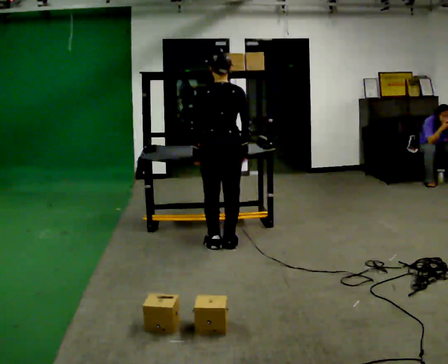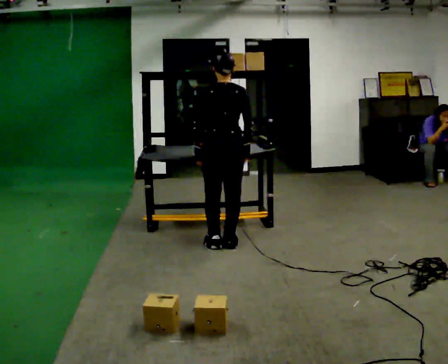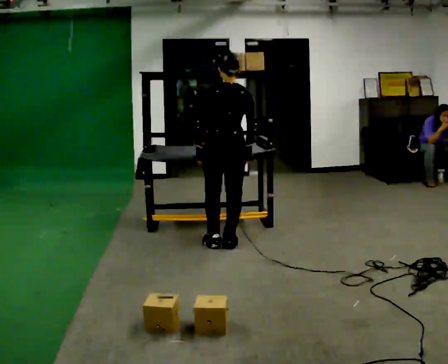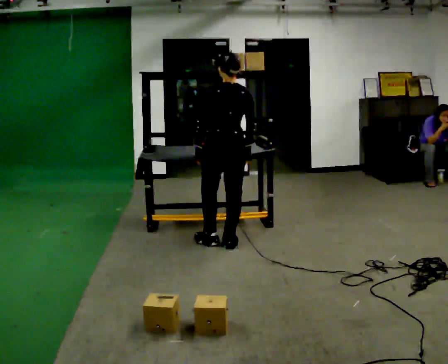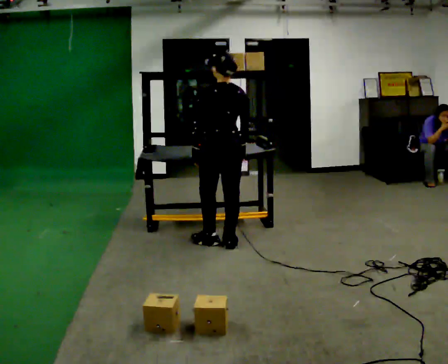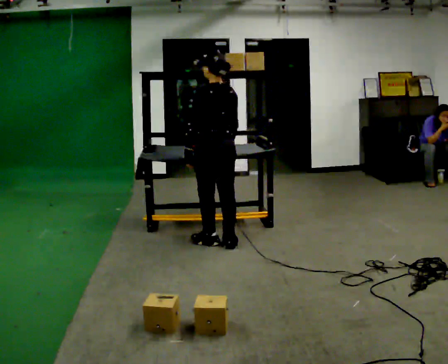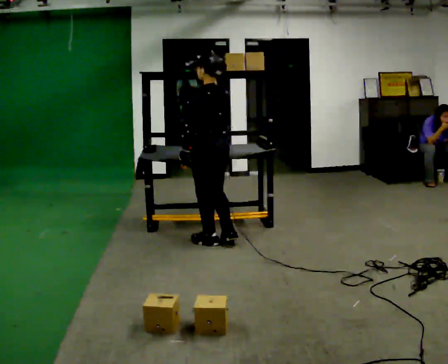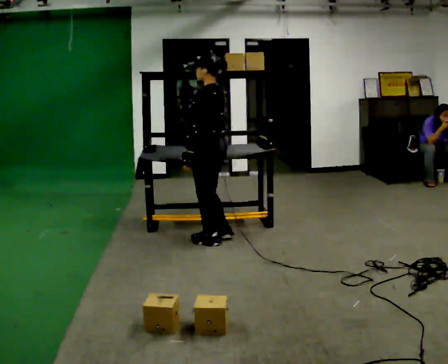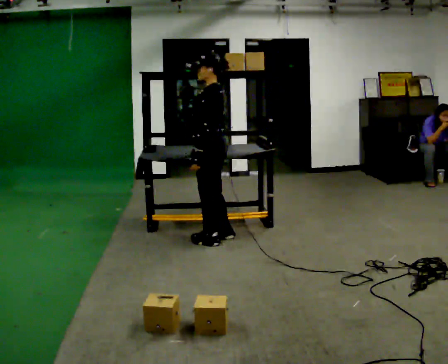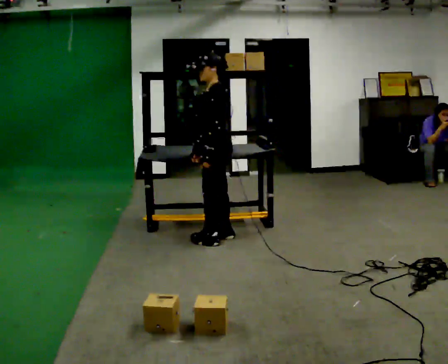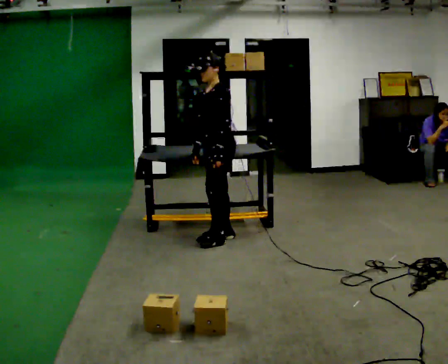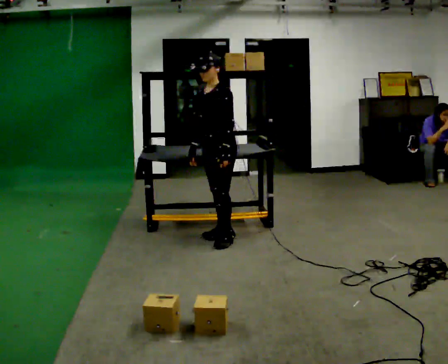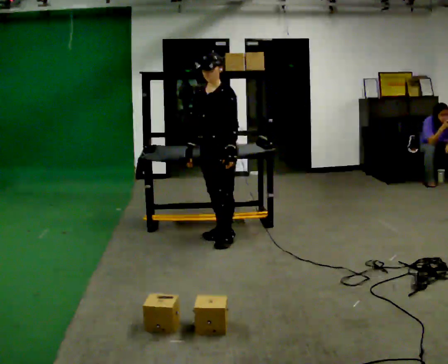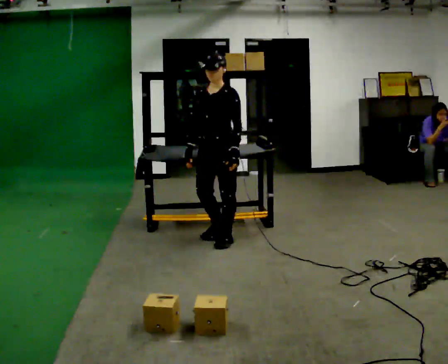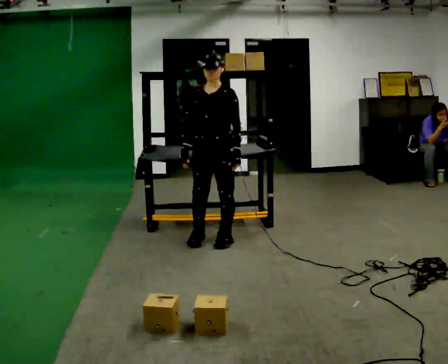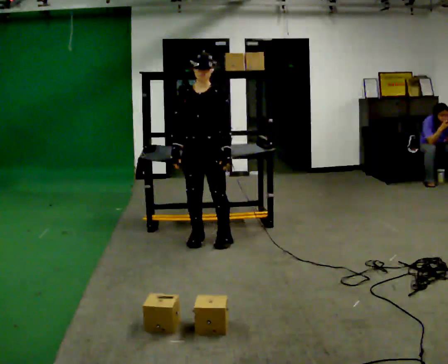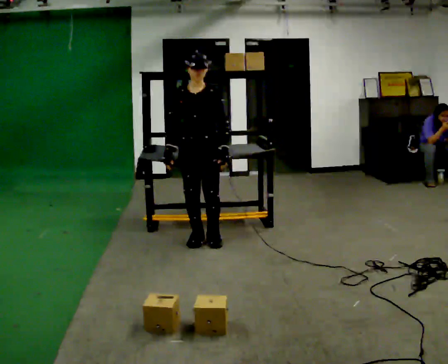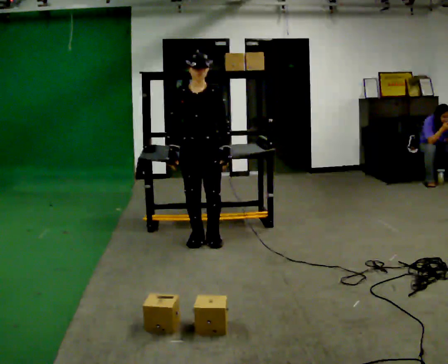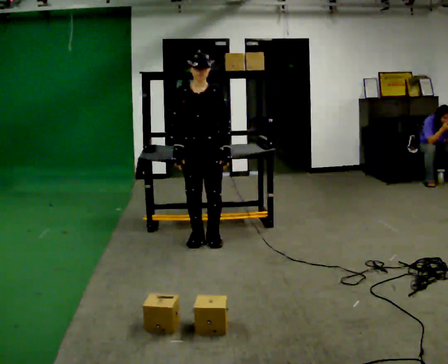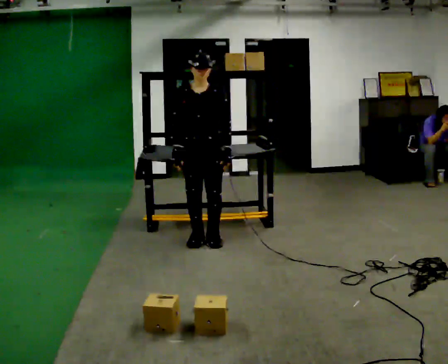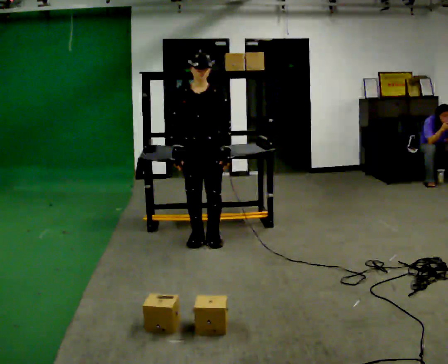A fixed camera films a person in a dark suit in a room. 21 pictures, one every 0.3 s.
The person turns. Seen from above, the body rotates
counterclockwise.
The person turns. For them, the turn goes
to their left.
0.0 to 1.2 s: The person moves a little, or ends about where they began.
1.2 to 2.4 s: The person turns about 60 degrees to their left, counterclockwise seen from above, so the part of the body nearest the lens slides to the right. In the picture their right hand goes to the left.
2.4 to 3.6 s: Seen from above the body turns counterclockwise, about 60 degrees: to their left, with its near side sliding to the right.
3.6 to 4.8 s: The person turns about 30 degrees to their left, counterclockwise seen from above, so the part of the body nearest the lens slides to the right. In the picture they go to the left, about 0.25 m in 1 step, which for them is to their right and forward.
4.8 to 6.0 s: The person moves a little, or ends about where they began.
The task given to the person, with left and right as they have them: Carry the object across the room and place it on the shelf just at the top of your comfortable reach. Keep going until the operator says stop; one object at a time, and do not rush between trips.
The film runs forward here.
